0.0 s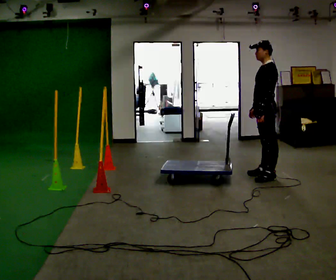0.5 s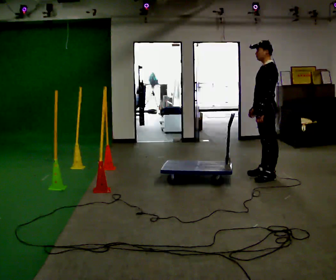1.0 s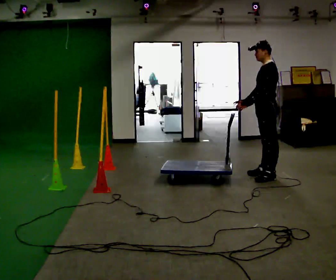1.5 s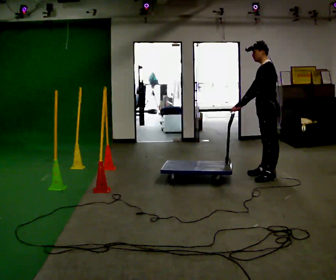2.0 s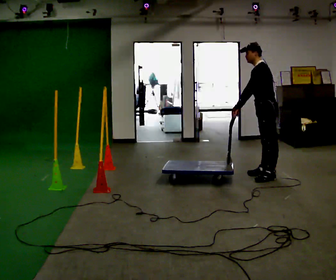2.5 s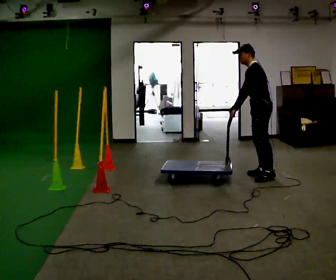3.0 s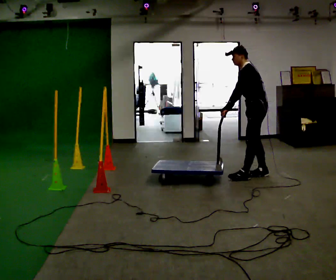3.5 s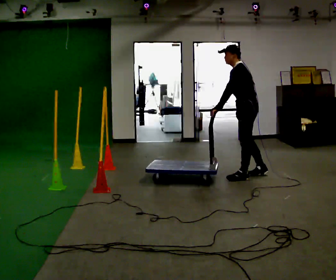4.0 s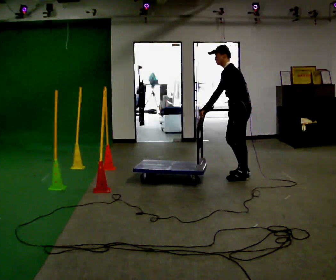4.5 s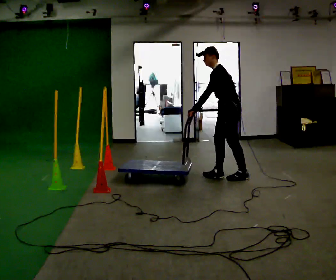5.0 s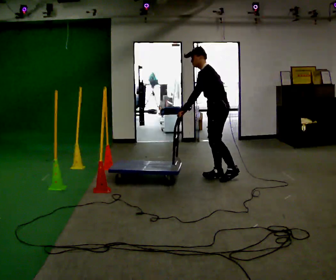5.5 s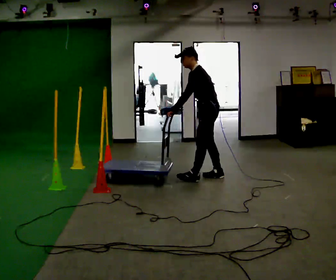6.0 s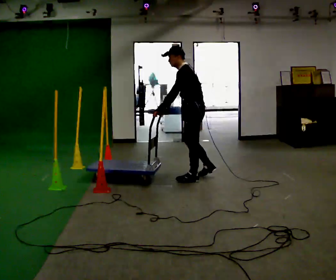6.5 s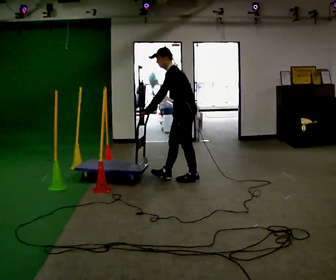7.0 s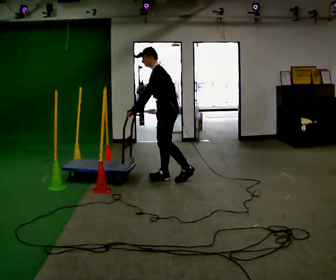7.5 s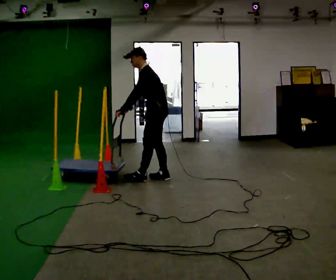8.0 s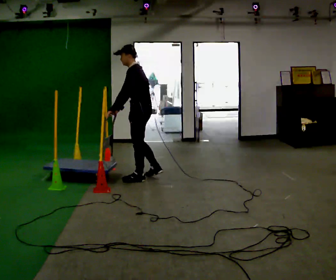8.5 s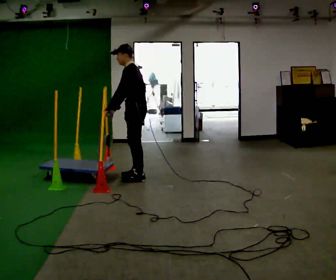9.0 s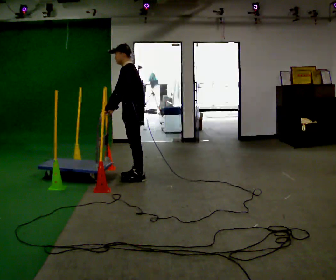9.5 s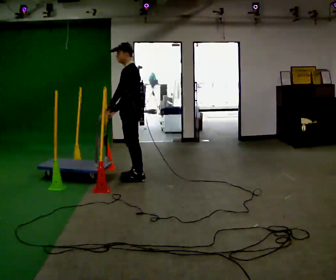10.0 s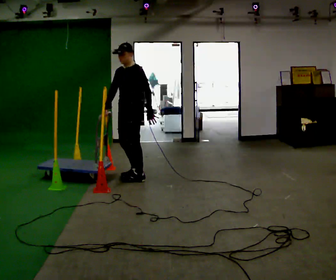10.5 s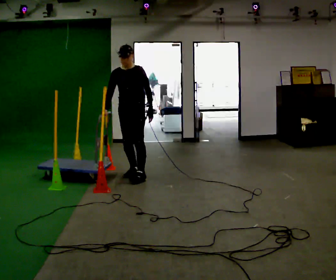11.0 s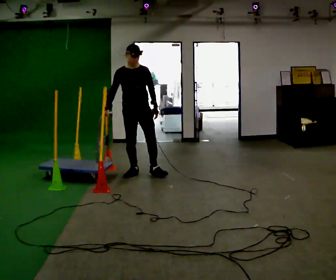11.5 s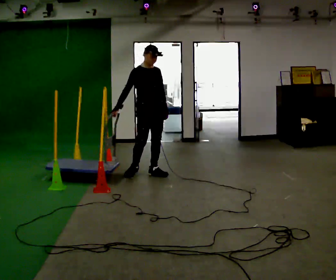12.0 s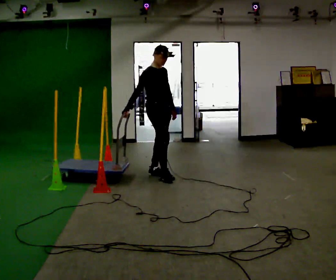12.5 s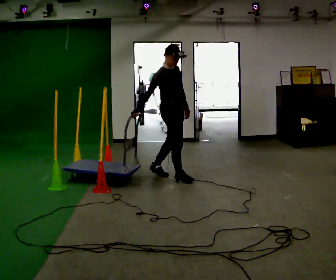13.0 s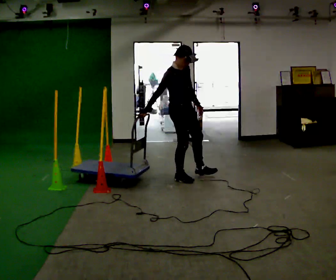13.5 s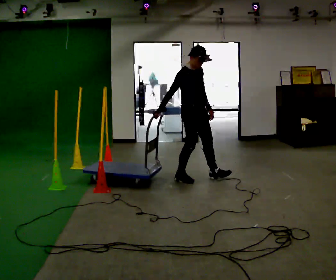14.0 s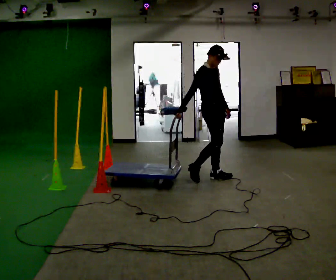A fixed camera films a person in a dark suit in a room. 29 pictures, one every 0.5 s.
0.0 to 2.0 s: In the picture the upper body tilts counterclockwise, shoulders to the left, as they bend forward.
2.0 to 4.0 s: In the picture they go to the left, about 0.25 m in 1 step, which for them is forward.
4.0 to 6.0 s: In the picture they go to the left, about 0.5 m in 2 steps, which for them is forward.
6.0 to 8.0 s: In the picture they go to the left, about 0.75 m in 2 steps, which for them is forward.
8.0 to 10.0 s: Seen from above the body turns counterclockwise, about 45 degrees: to their left, with its near side sliding to the right. In the picture they go to the left, about 0.25 m in 1 step, which for them is forward. In the picture their left hand goes to the right, the arm swinging counterclockwise.
10.0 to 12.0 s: The person turns about 105 degrees to their left, counterclockwise seen from above, so the part of the body nearest the lens slides to the right. In the picture they go to the right, about 0.25 m in 2 steps.
12.0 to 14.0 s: In the picture they go to the right, about 0.5 m in 2 steps, which for them is forward.
The film runs forward here.
